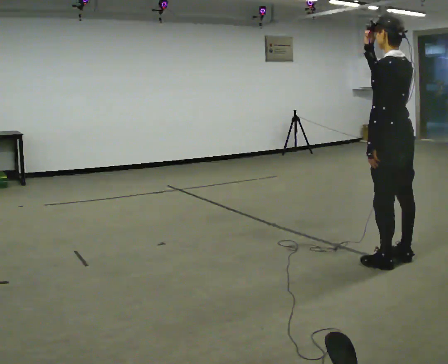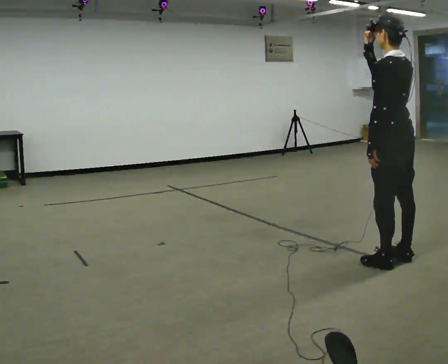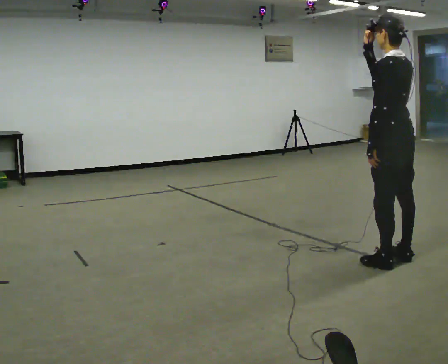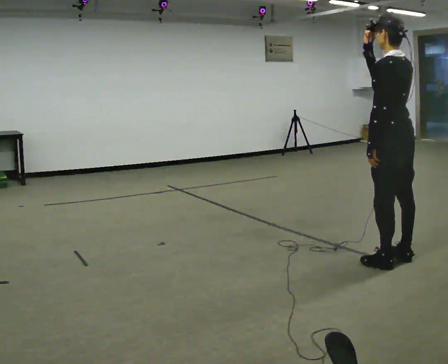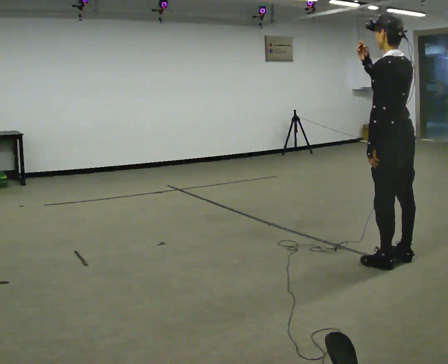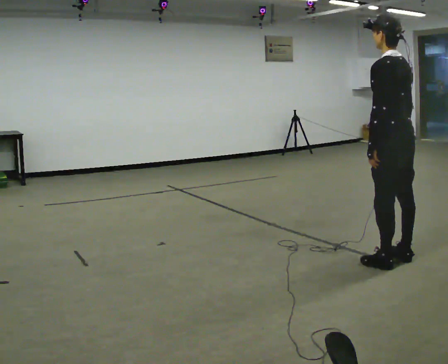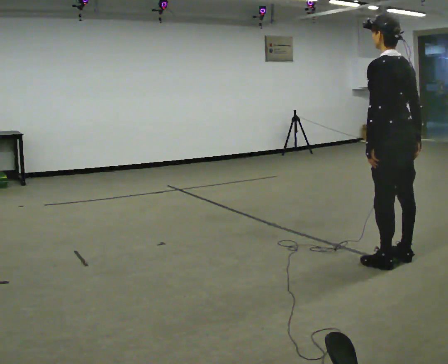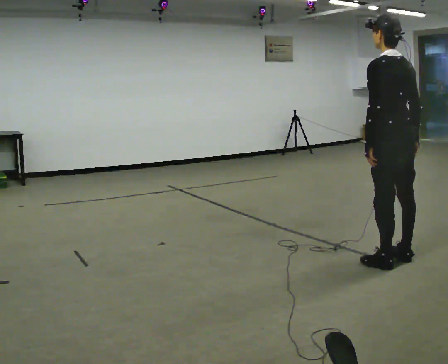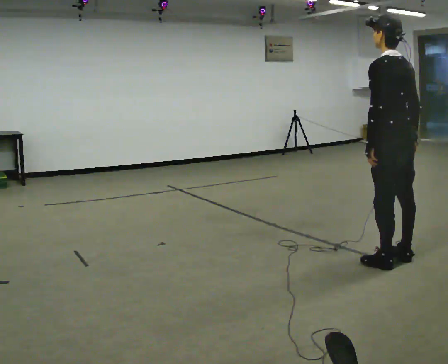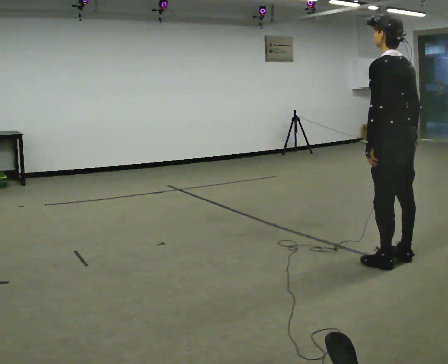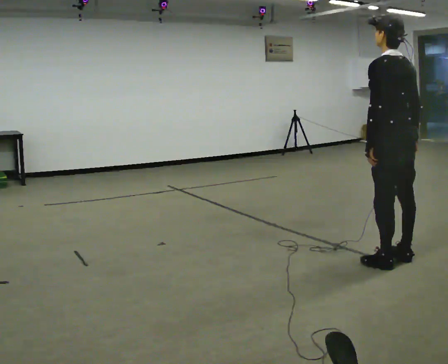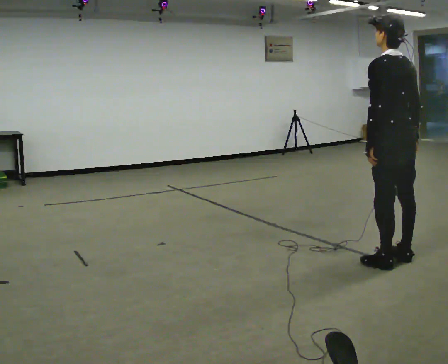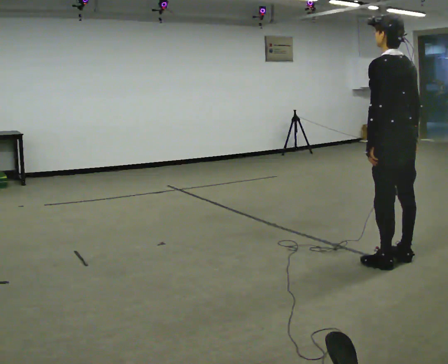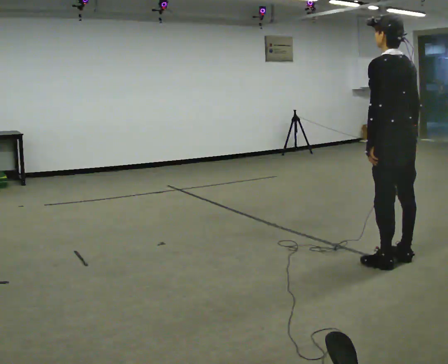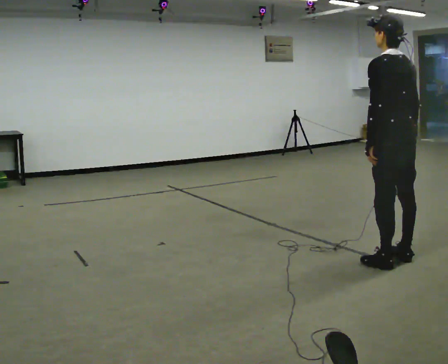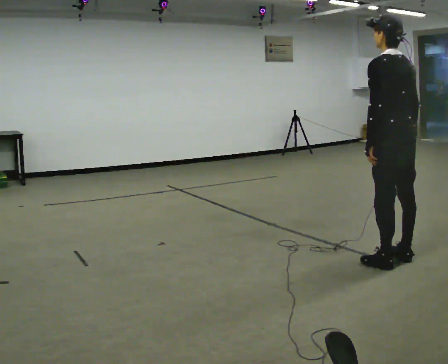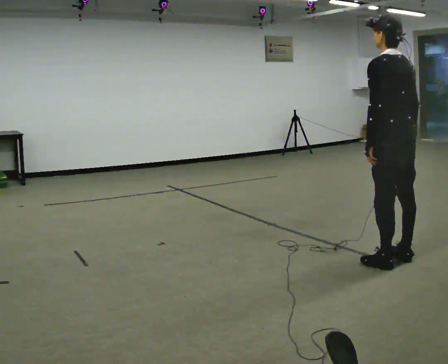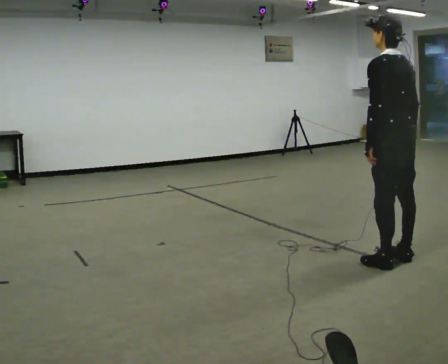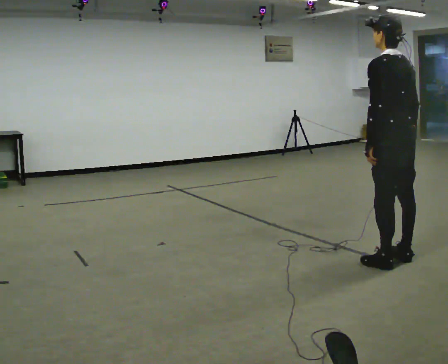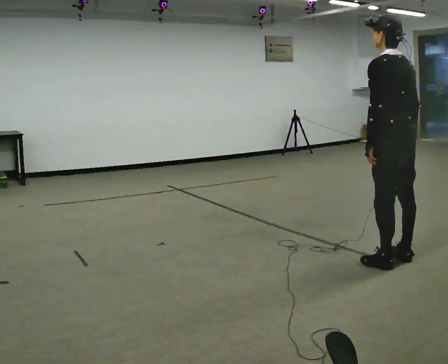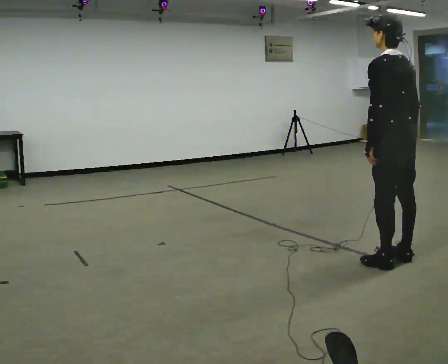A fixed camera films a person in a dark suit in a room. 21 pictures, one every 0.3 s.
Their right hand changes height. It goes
downward.
0.0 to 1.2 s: The person moves a little, or ends about where they began.
1.2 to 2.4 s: In the picture their right hand goes downward and to the right.
2.4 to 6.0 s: The person keeps their place and pose.
The film runs forward here.
